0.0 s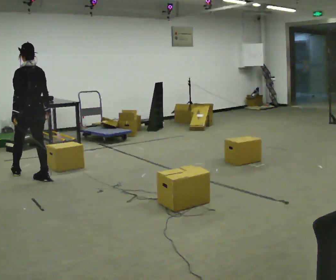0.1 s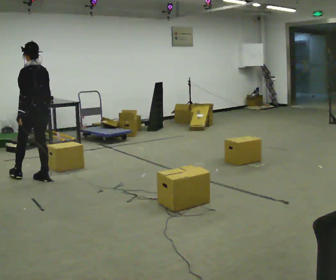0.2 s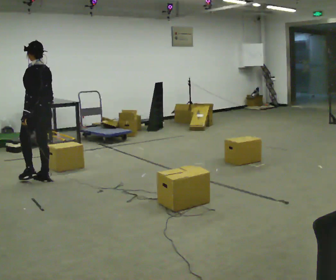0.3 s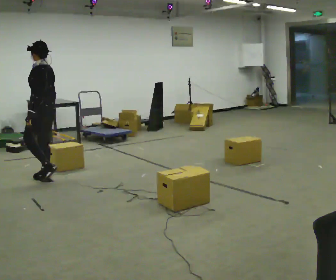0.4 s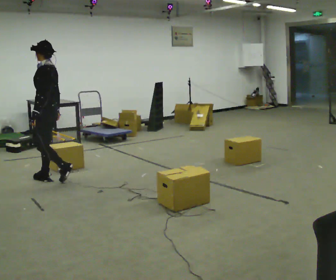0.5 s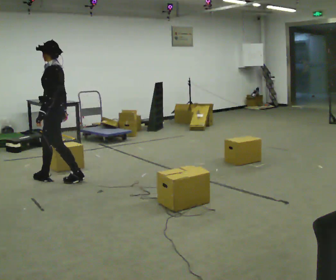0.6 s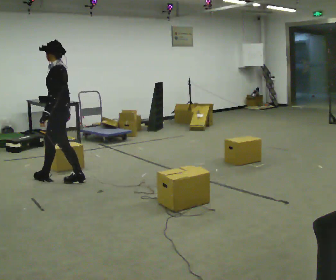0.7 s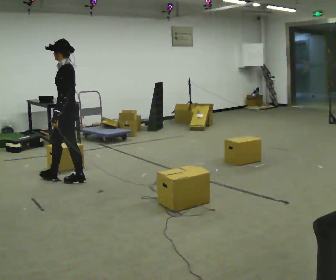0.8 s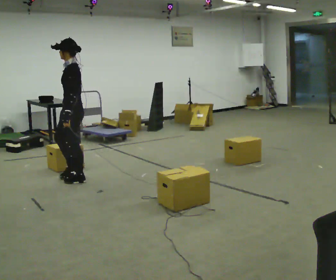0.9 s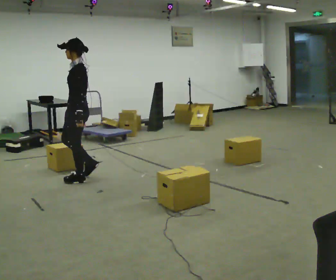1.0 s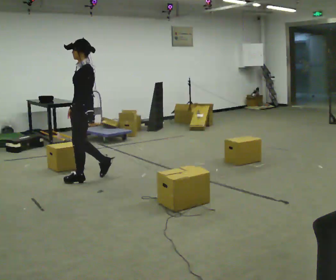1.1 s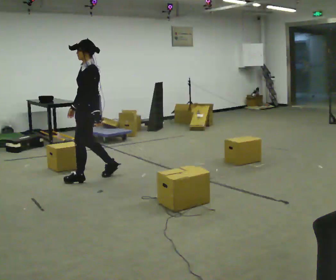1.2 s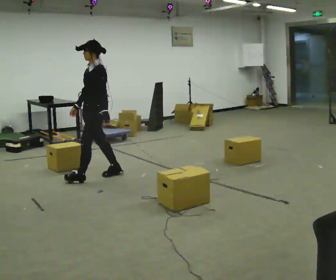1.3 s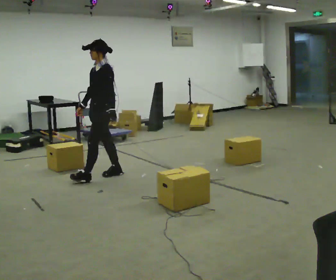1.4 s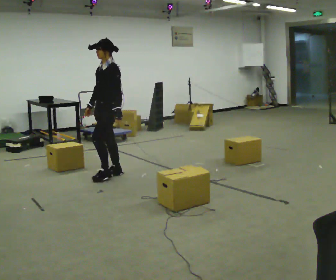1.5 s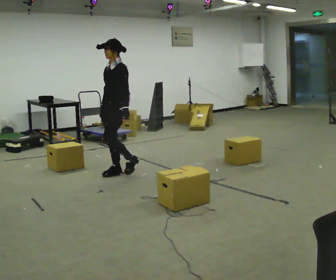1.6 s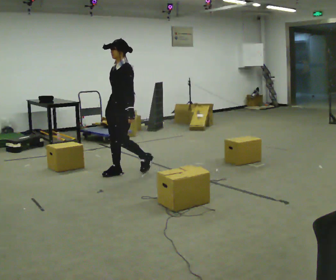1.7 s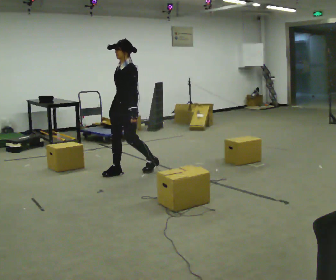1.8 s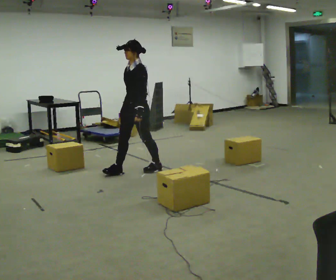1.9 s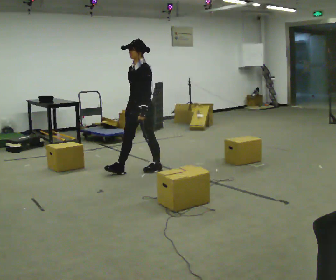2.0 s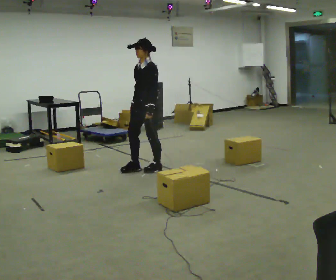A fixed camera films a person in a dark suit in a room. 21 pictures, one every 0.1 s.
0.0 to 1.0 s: The person turns about 60 degrees to their left, counterclockwise seen from above, so the part of the body nearest the lens slides to the right. In the picture they go to the right, about 0.75 m in 1 step.
1.0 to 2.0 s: In the picture they go to the right, about 1 m in 2 steps, which for them is backward.
The film runs backward here.
